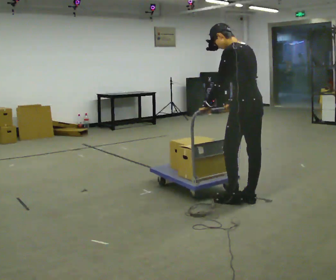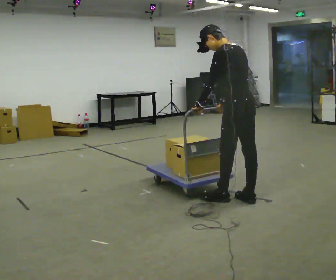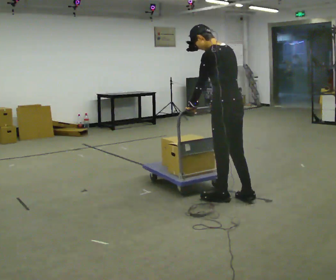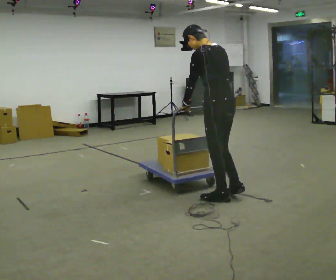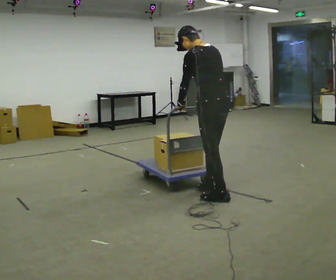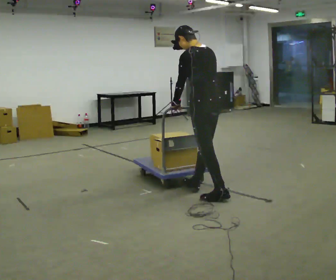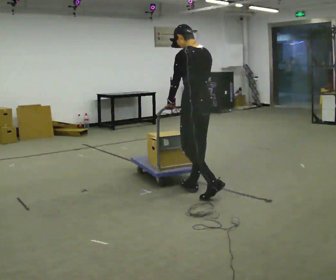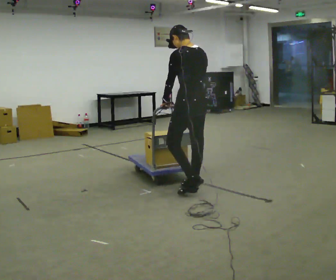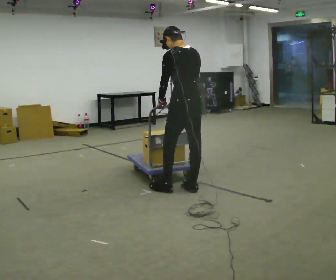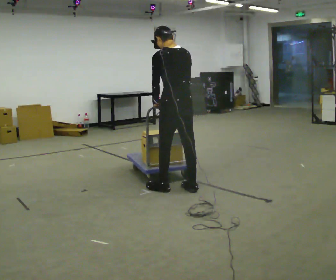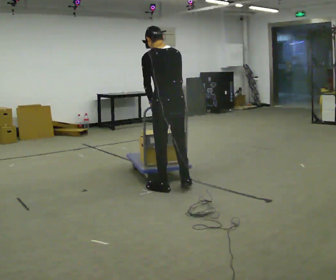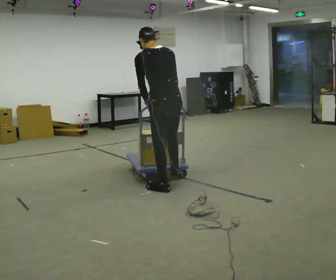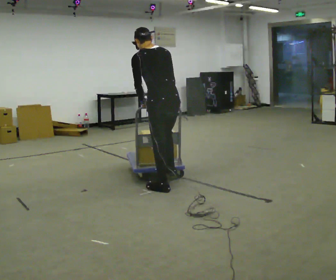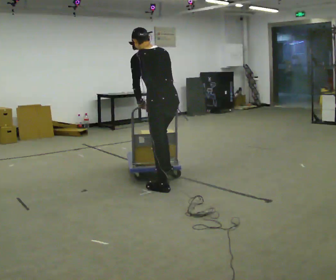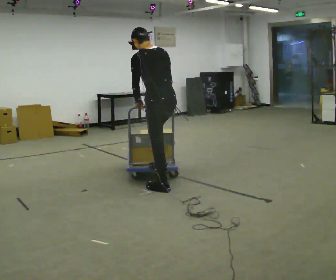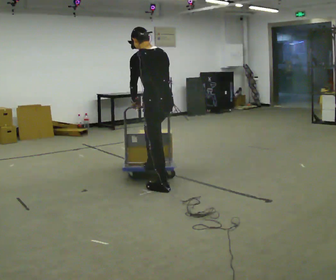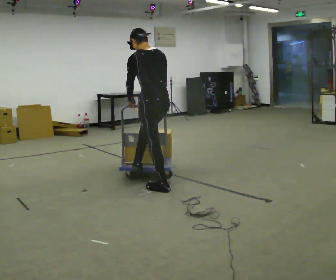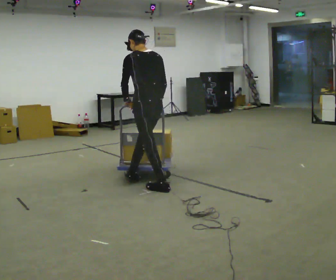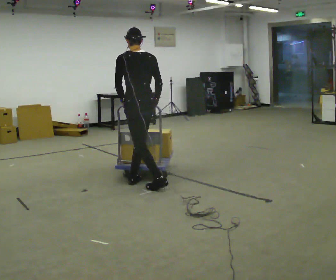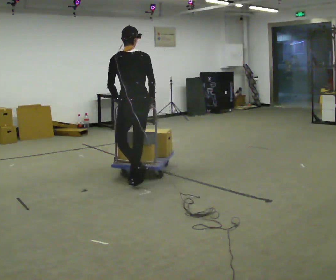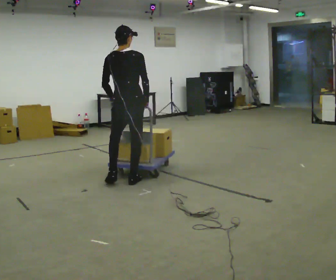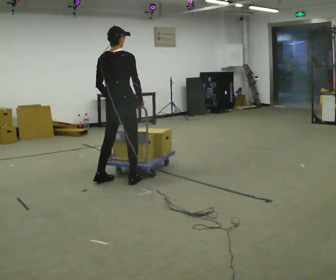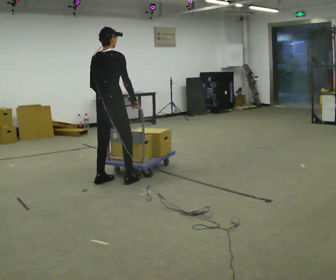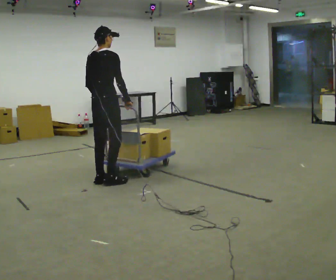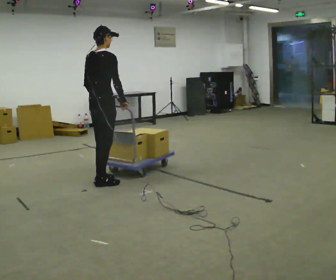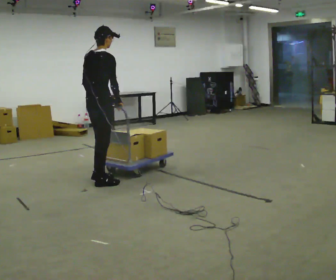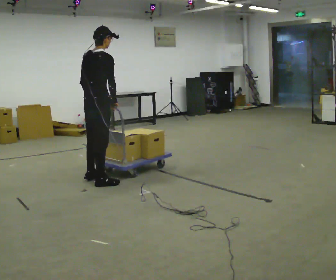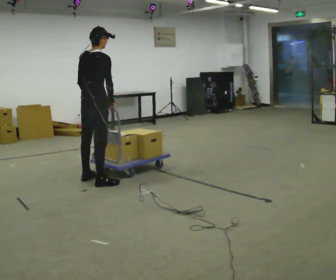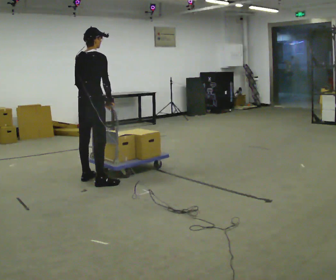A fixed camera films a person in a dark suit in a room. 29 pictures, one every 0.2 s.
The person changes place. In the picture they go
to the left.
0.0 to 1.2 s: In the picture they go to the left and away from the camera, about 0.5 m in 2 steps, which for them is forward.
1.2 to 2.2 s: In the picture they go to the left, about 0.25 m in 1 step, which for them is to their left and forward.
2.2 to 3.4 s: In the picture they go to the left and away from the camera, about 0.25 m in 1 step, which for them is forward.
3.4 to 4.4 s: The person turns about 60 degrees to their right, clockwise seen from above, so the part of the body nearest the lens slides to the left. In the picture they go to the left, about 0.5 m in 2 steps.
4.4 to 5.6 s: In the picture they go to the left, about 0.25 m in 2 steps, which for them is to their left.
The film runs forward here.
